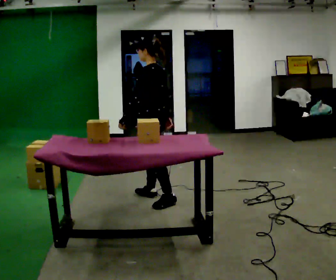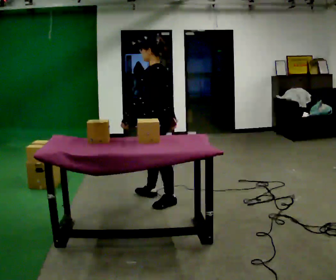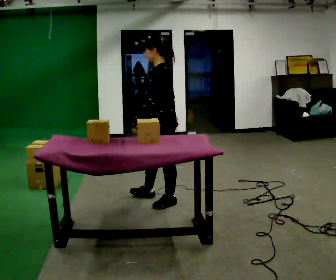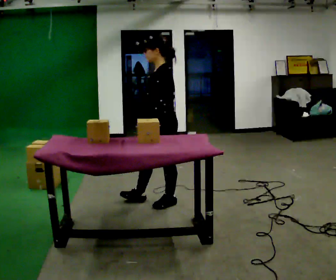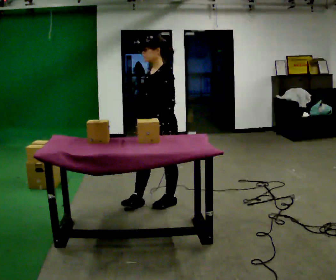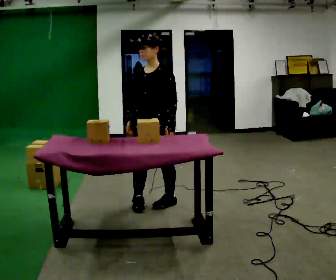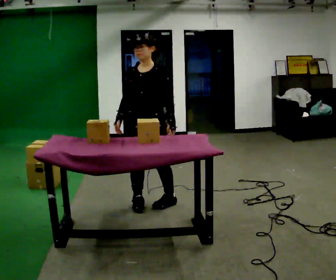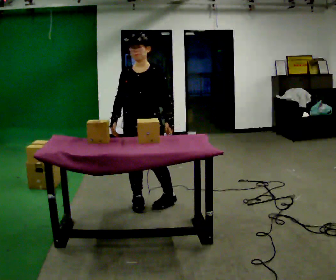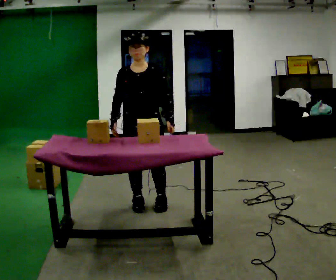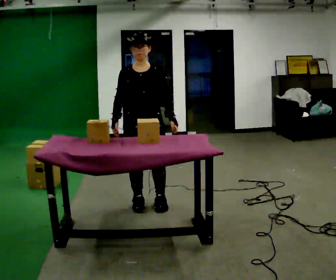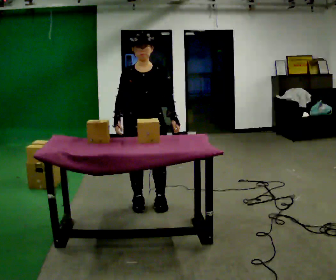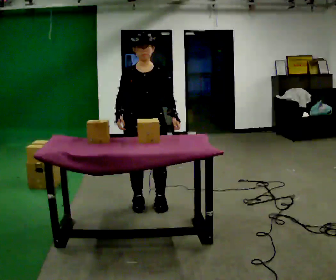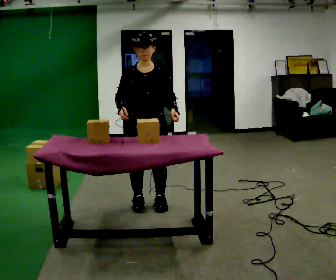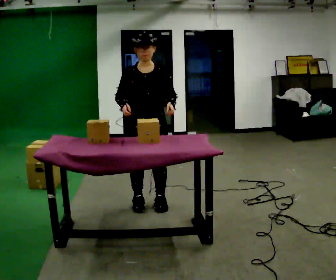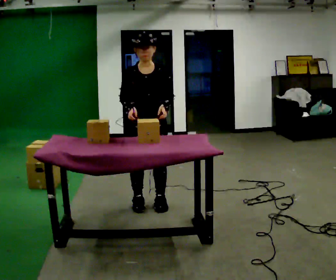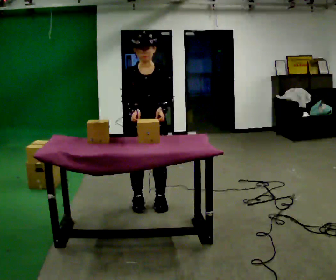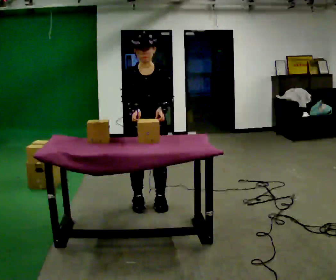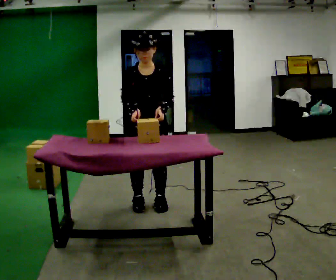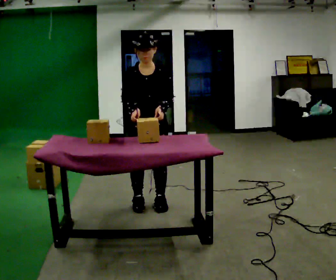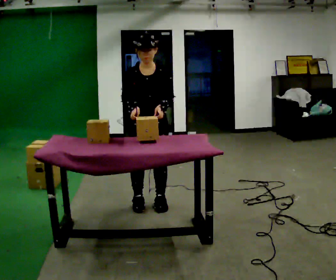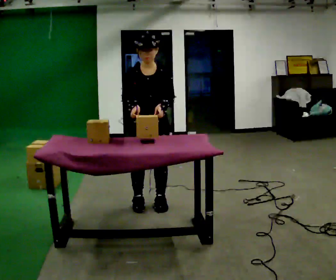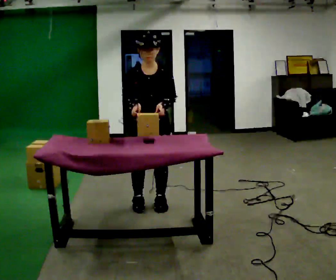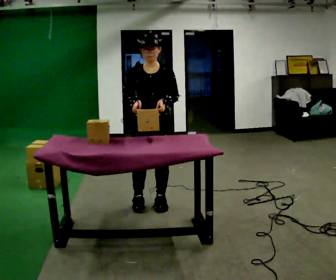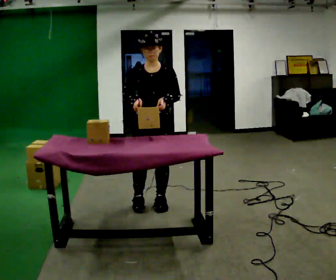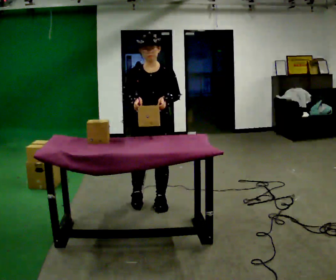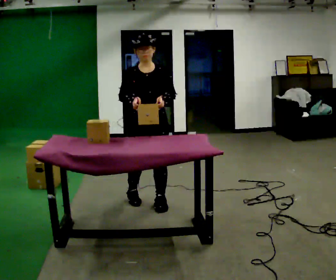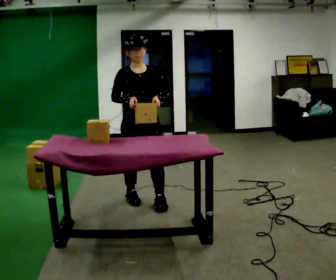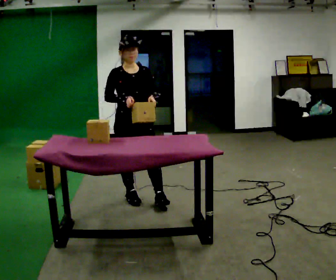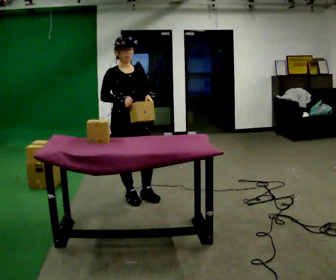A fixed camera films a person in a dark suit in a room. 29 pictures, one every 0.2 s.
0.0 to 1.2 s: Seen from above the body turns counterclockwise, about 75 degrees: to their left, with its near side sliding to the right. In the picture they go toward the camera, about 0.25 m in 1 step. In the picture their right hand goes to the left, the arm swinging clockwise.
1.2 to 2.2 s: Seen from above the body turns counterclockwise, about 30 degrees: to their left, with its near side sliding to the right.
2.2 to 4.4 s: The person moves a little, or ends about where they began.
4.4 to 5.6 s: Seen from above the body turns counterclockwise, about 30 degrees: to their left, with its near side sliding to the right. In the picture they go to the left and away from the camera, about 0.25 m in 2 steps, which for them is to their right and backward.
The film runs backward here.
